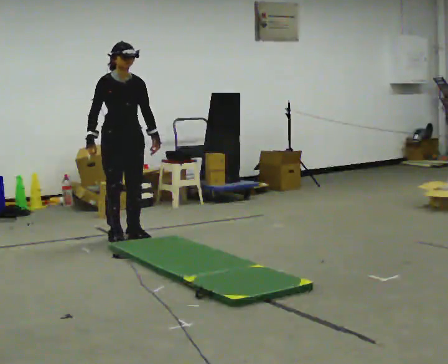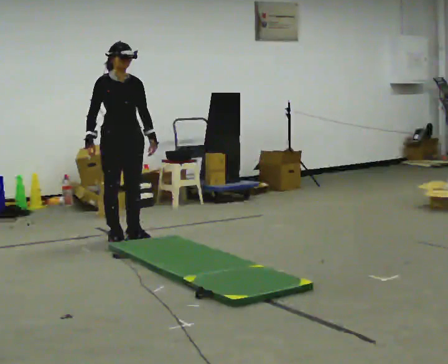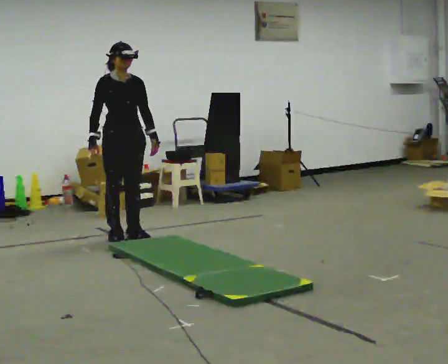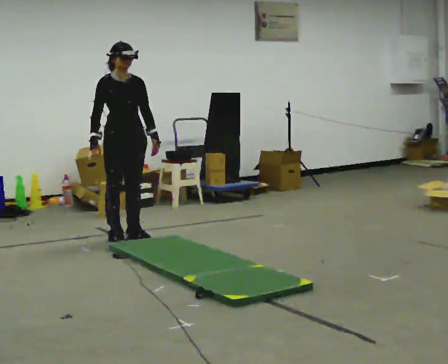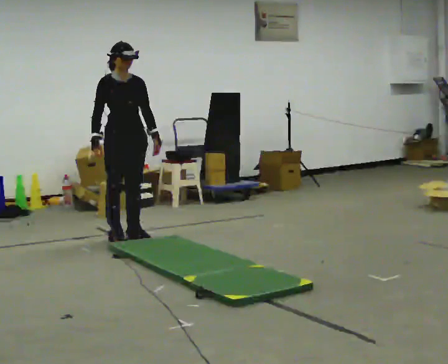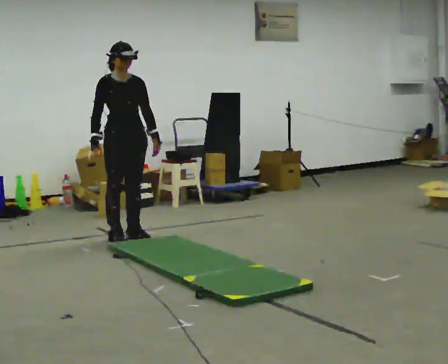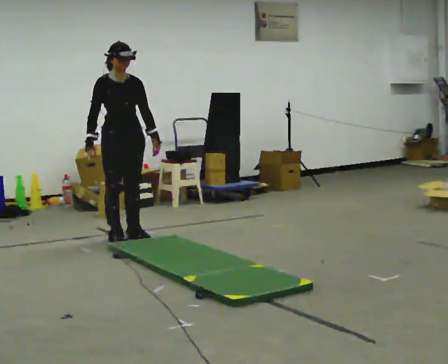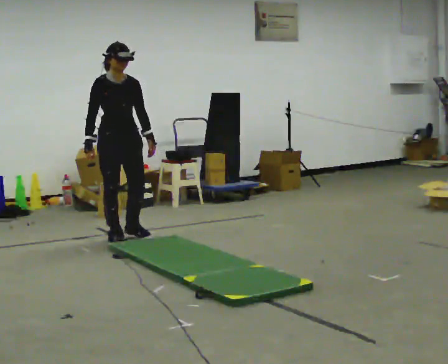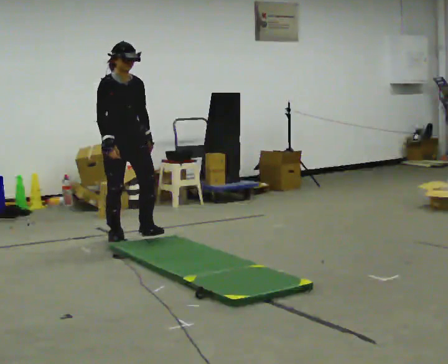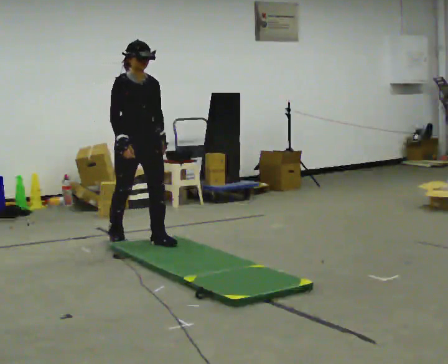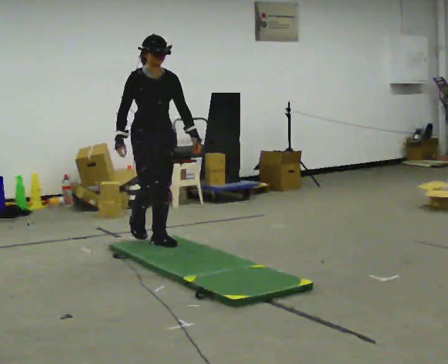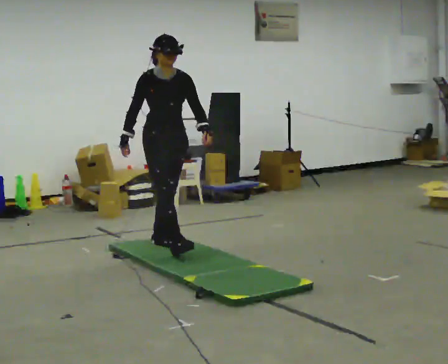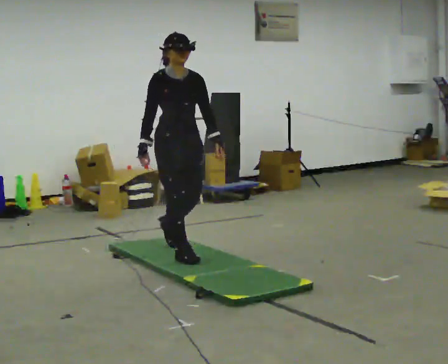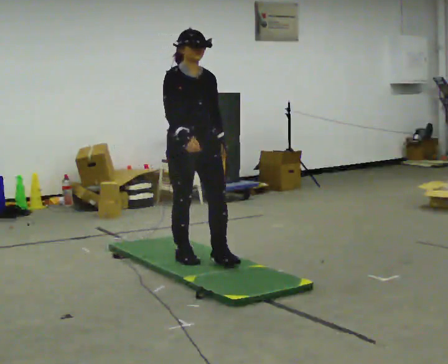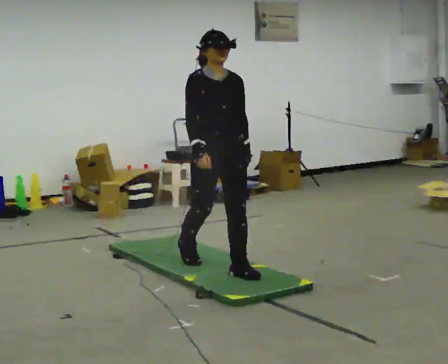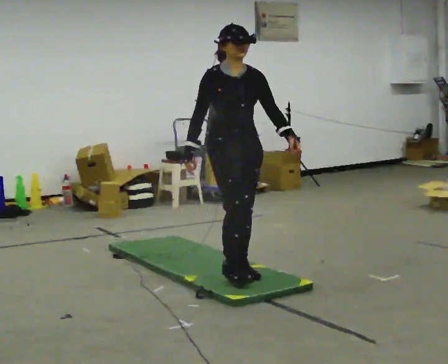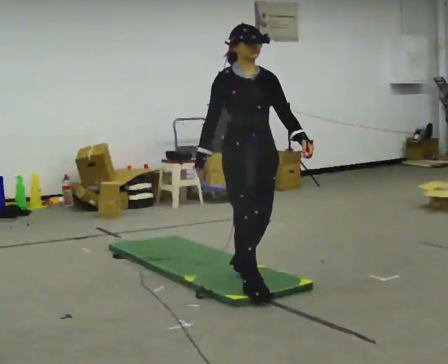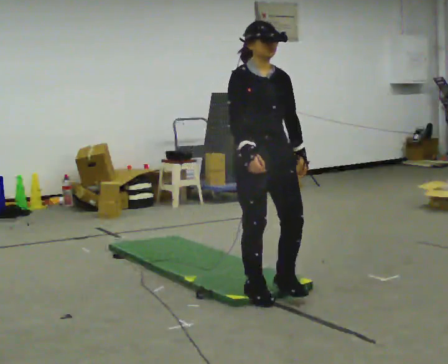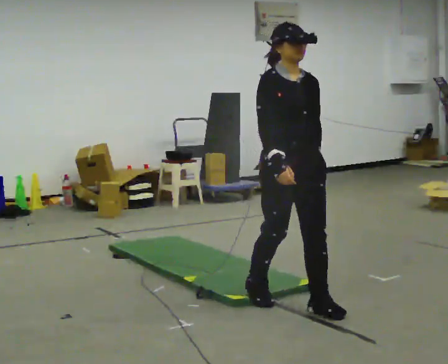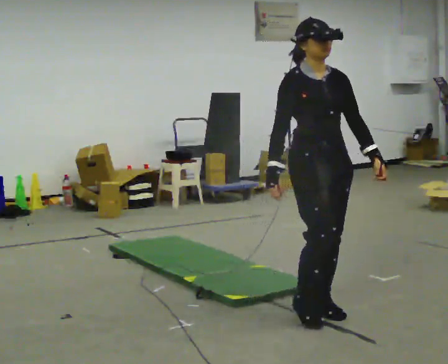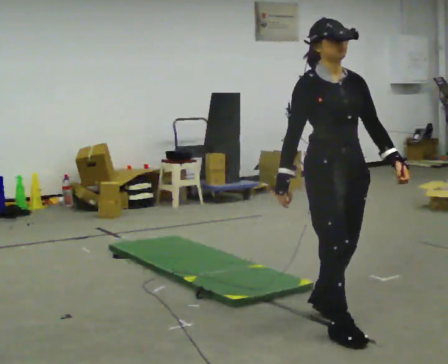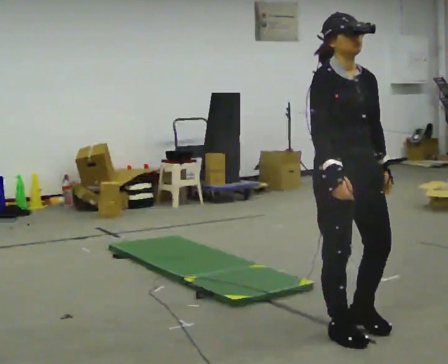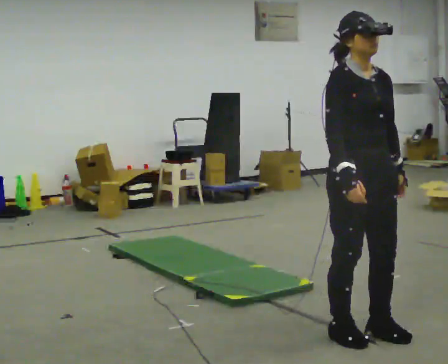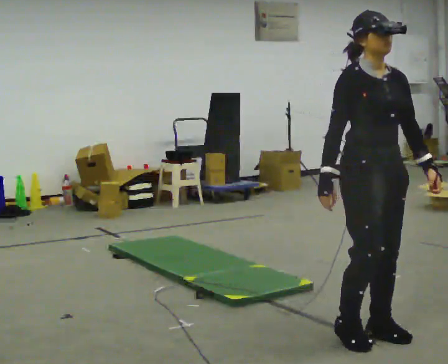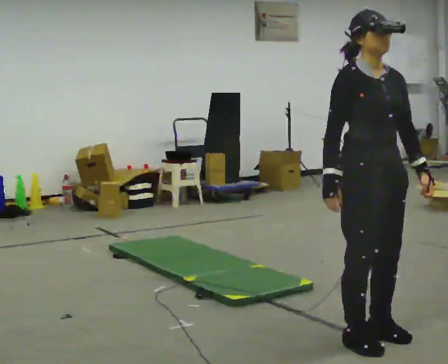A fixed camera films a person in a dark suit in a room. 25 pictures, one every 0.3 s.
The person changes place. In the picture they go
toward the camera.
0.0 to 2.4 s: The person moves a little, or ends about where they began.
2.4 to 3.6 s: In the picture they go toward the camera and to the right, about 1 m in 2 steps, which for them is forward.
3.6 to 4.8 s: In the picture they go toward the camera and to the right, about 1 m in 2 steps, which for them is forward.
4.8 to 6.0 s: In the picture they go toward the camera and to the right, about 1 m in 2 steps, which for them is forward.
6.0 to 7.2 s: In the picture they go toward the camera, about 0.25 m in 1 step, which for them is forward.
The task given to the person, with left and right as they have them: Walk across the soft uneven mat at a comfortable speed; continue walking normally after you leave it.
The film runs forward here.
